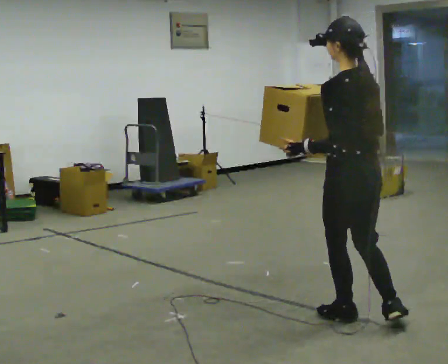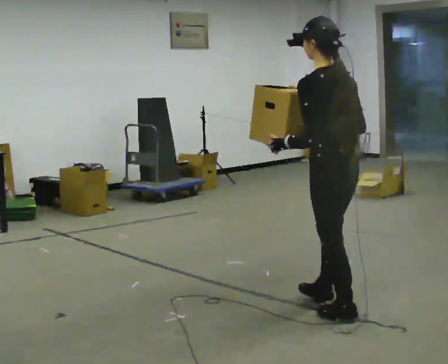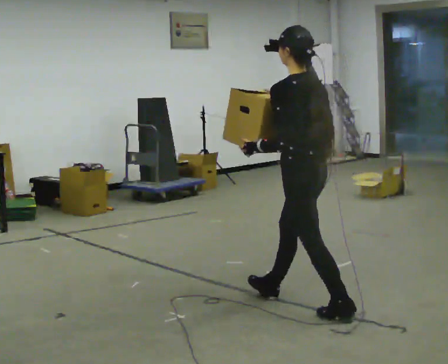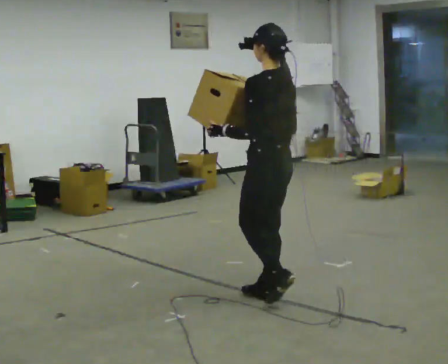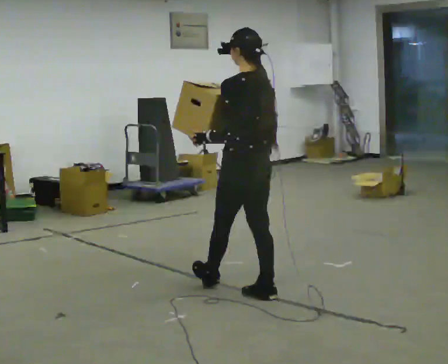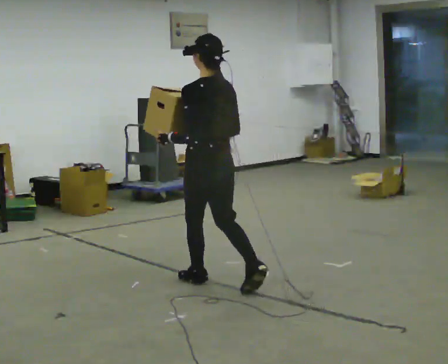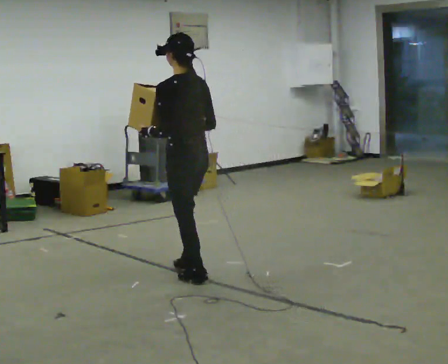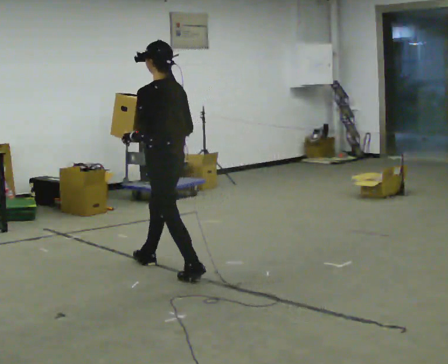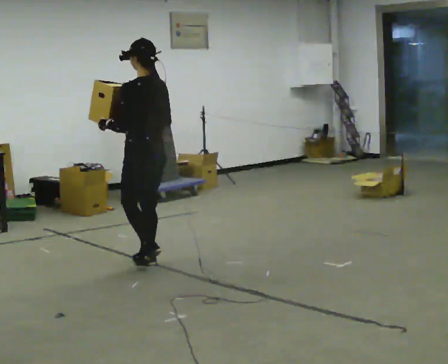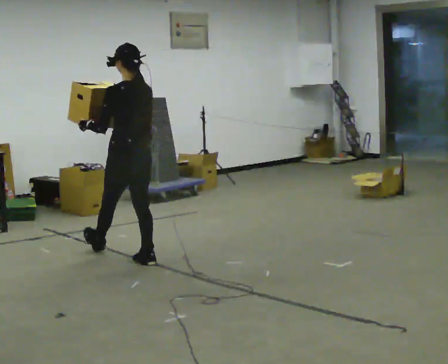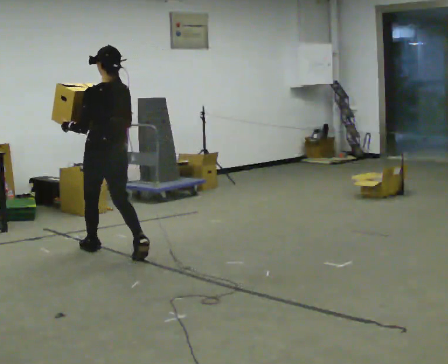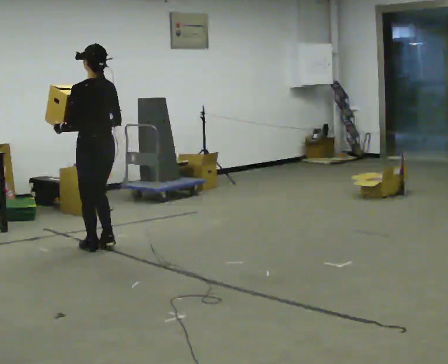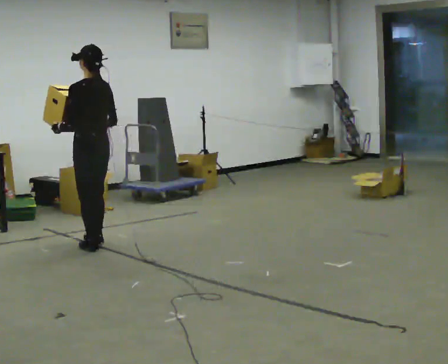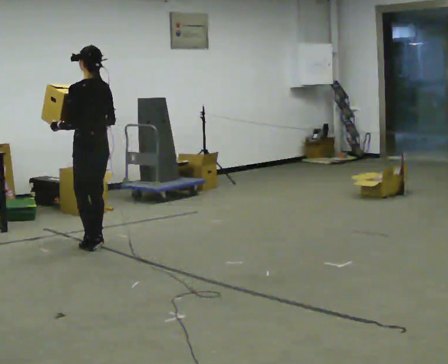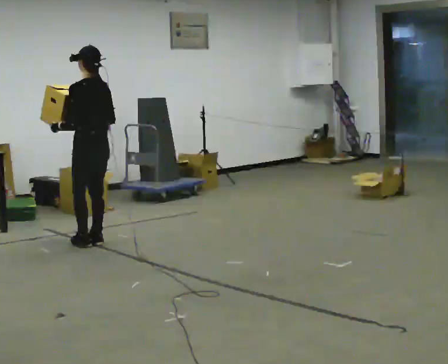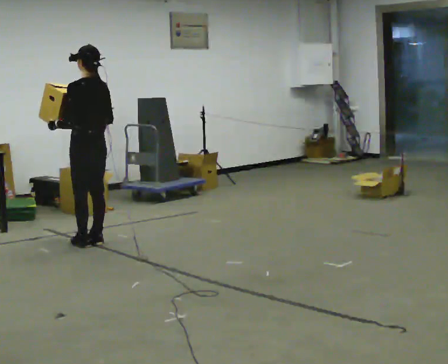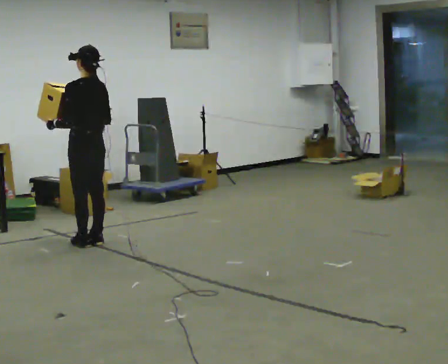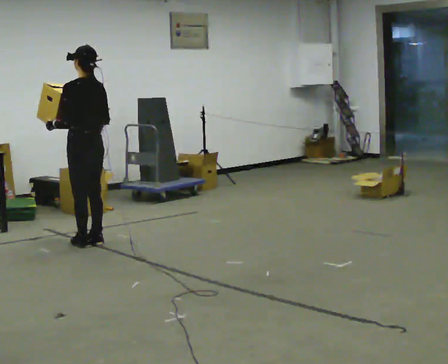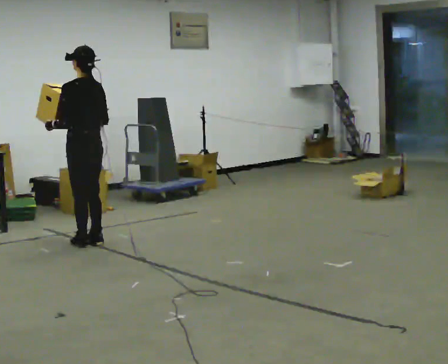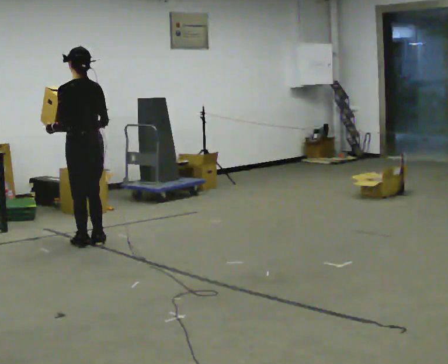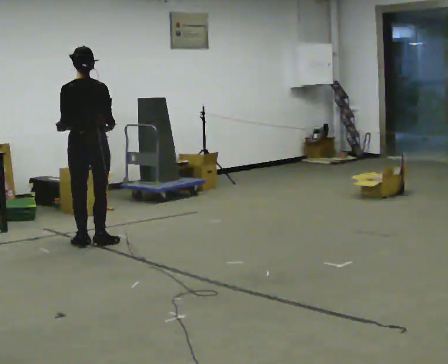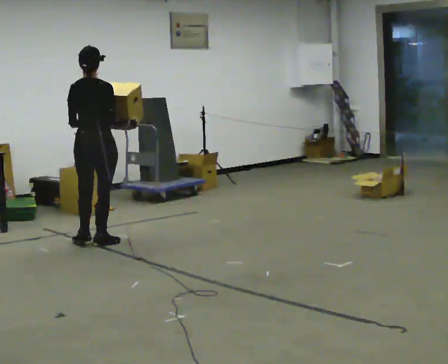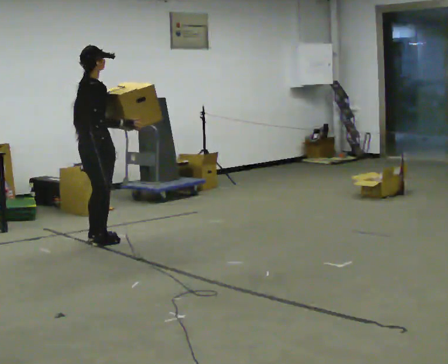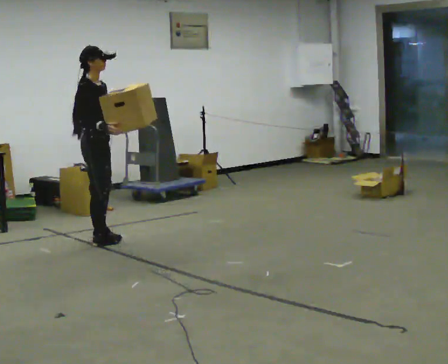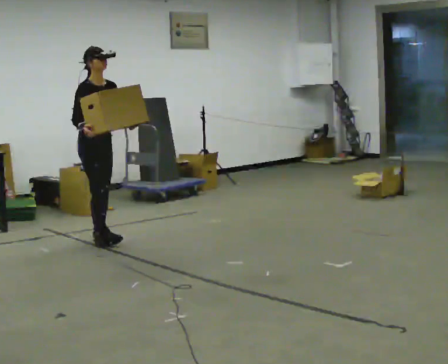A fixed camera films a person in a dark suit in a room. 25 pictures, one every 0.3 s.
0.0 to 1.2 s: In the picture they go away from the camera and to the left, about 1 m in 1 step, which for them is forward.
1.2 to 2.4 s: In the picture they go away from the camera and to the left, about 1 m in 2 steps, which for them is forward.
2.4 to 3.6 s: In the picture they go away from the camera and to the left, about 0.75 m in 2 steps, which for them is forward.
3.6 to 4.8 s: The person moves a little, or ends about where they began.
4.8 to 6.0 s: The part of the body nearest the lens slides to the left as the person turns to their right by about 45 degrees.
6.0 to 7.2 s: Seen from above the body turns clockwise, about 135 degrees: to their right, with its near side sliding to the left. In the picture they go away from the camera, about 0.25 m in 1 step.
The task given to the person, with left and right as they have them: Carry the box across the room, back and forth. The operator will swap between the box with handles and the one without.
The film runs forward here.
